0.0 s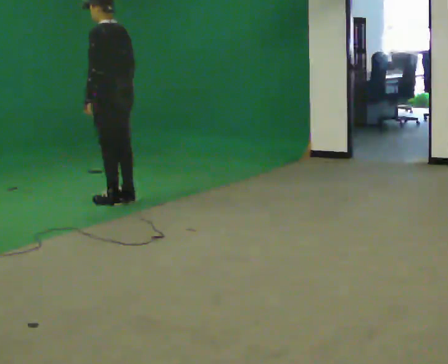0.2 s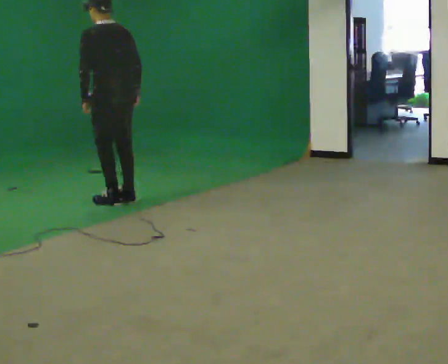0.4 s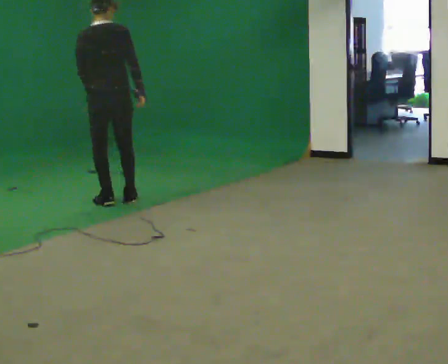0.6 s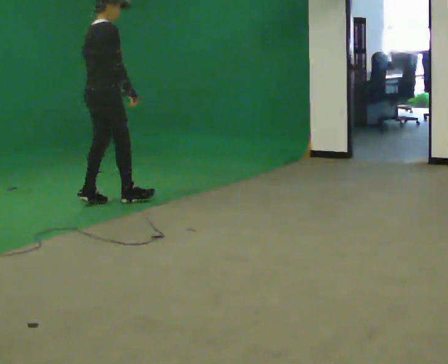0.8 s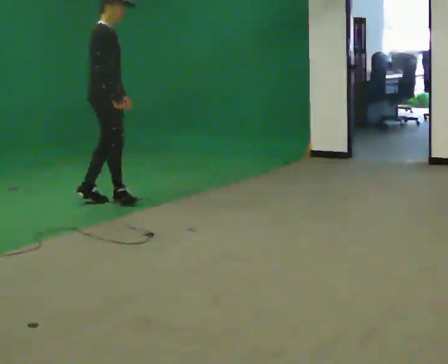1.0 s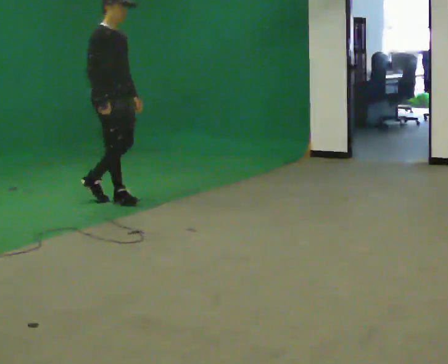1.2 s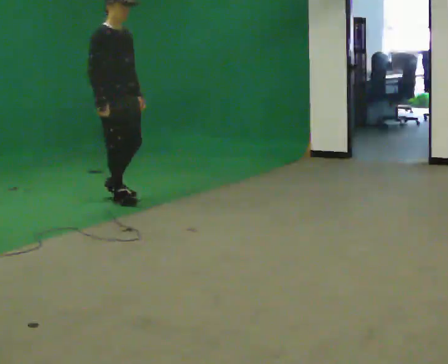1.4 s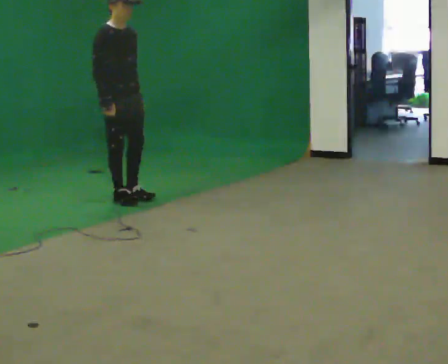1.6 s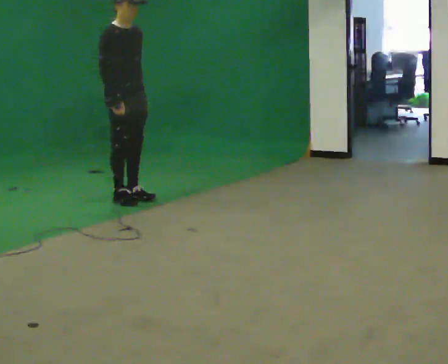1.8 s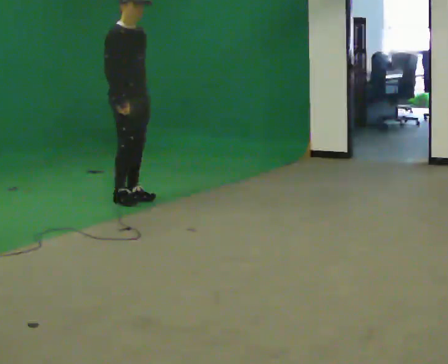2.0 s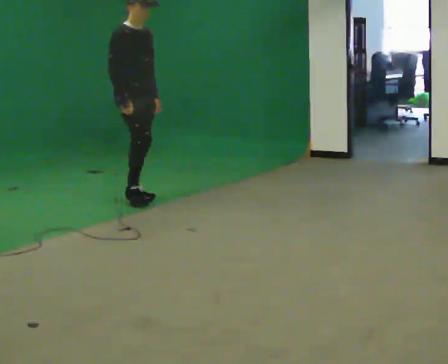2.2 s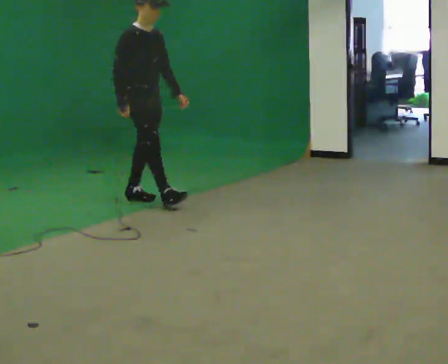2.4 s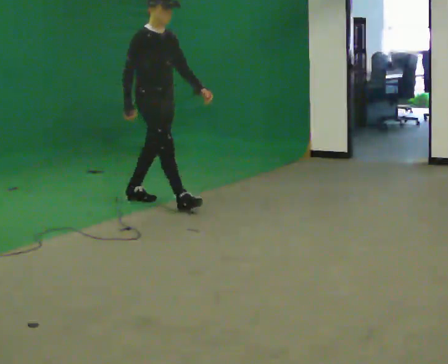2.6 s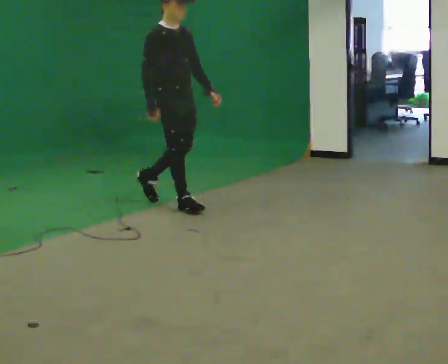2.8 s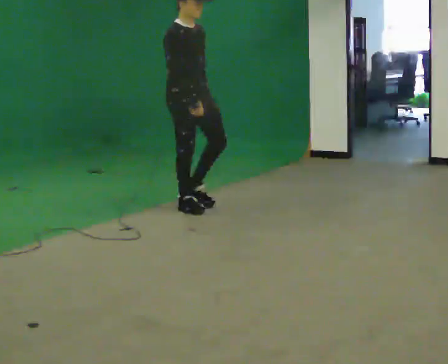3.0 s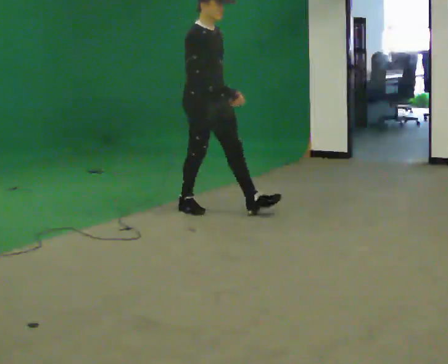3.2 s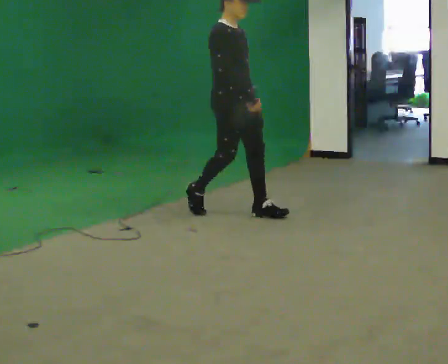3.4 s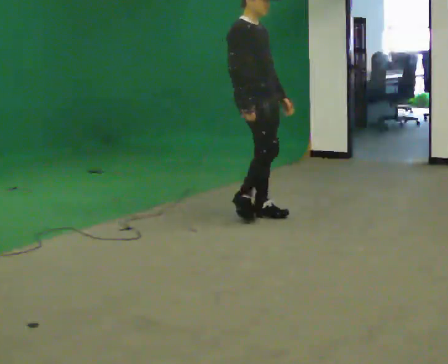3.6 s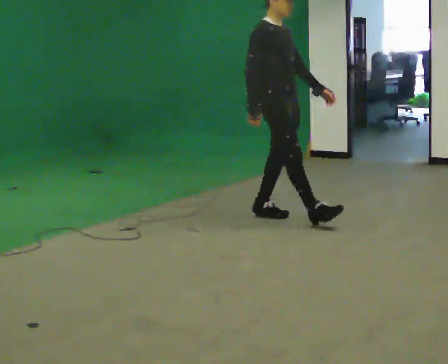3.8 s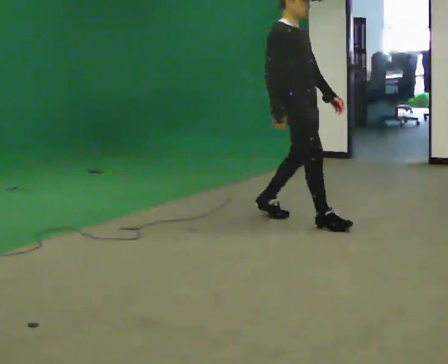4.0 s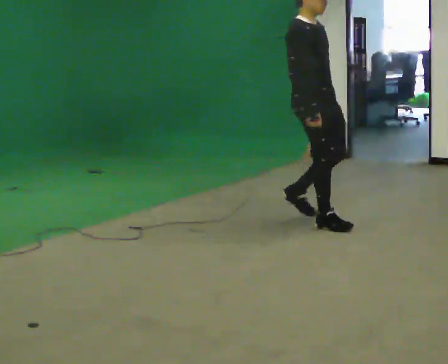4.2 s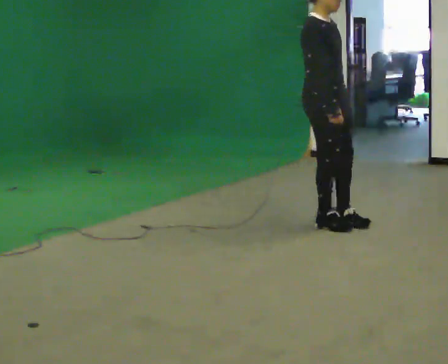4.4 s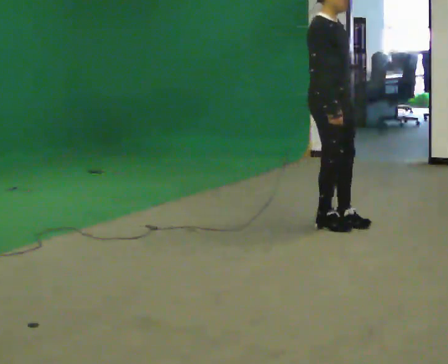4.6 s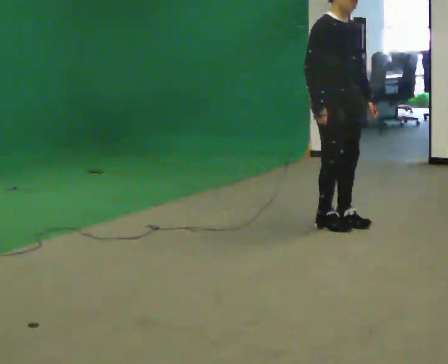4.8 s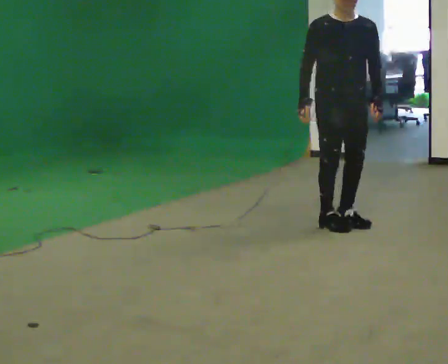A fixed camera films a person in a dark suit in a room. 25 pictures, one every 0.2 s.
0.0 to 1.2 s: The part of the body nearest the lens slides to the left as the person turns to their right by about 180 degrees.
1.2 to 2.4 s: In the picture they go to the right and toward the camera, about 0.5 m in 2 steps, which for them is forward.
2.4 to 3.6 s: In the picture they go to the right and toward the camera, about 1 m in 1 step, which for them is forward.
3.6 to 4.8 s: The part of the body nearest the lens slides to the left as the person turns to their right by about 60 degrees. In the picture they go to the right and toward the camera, about 0.5 m in 2 steps.
The film runs forward here.
